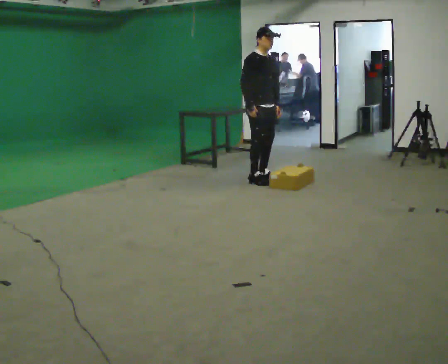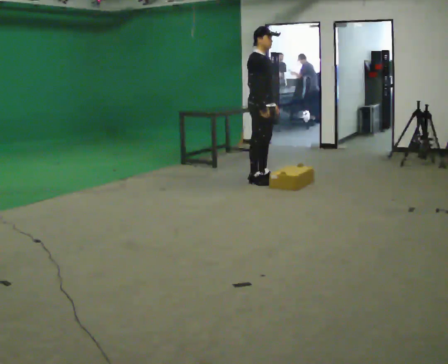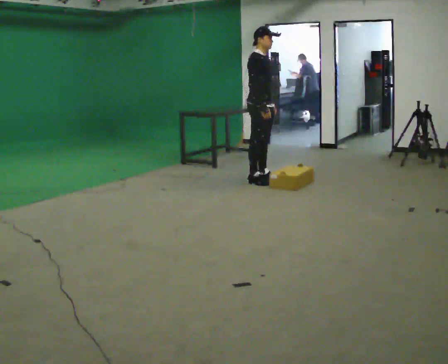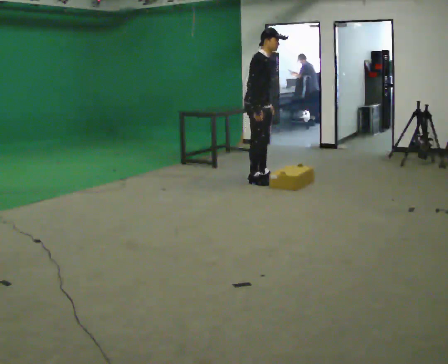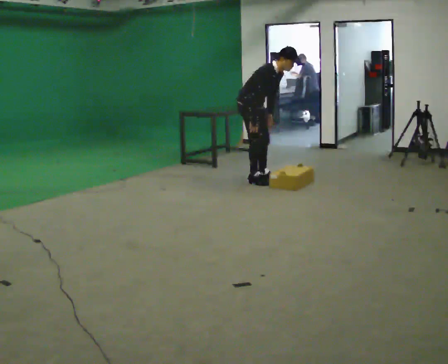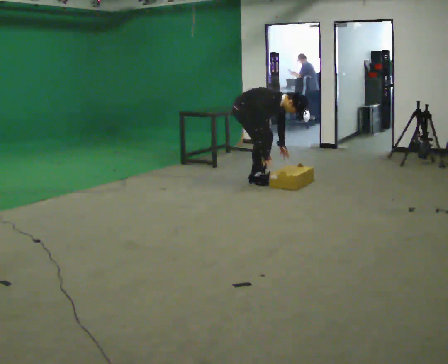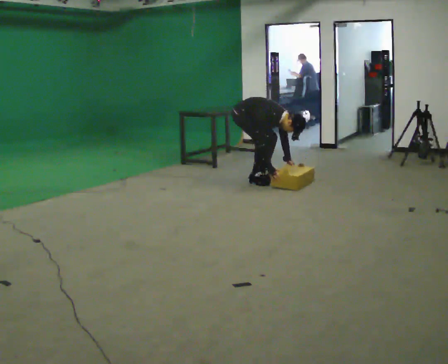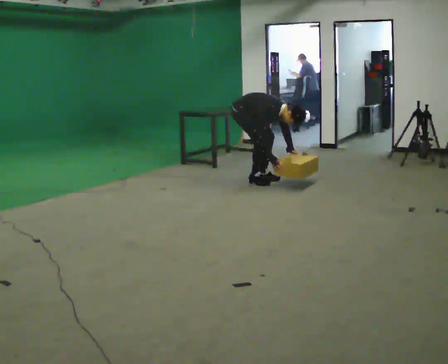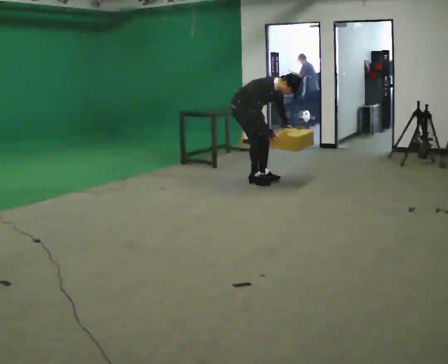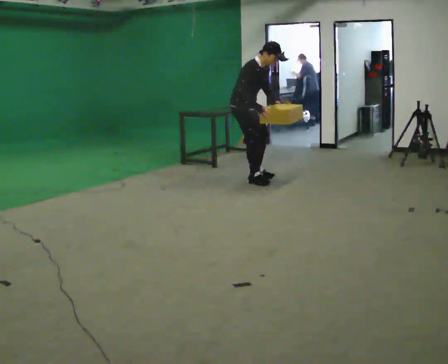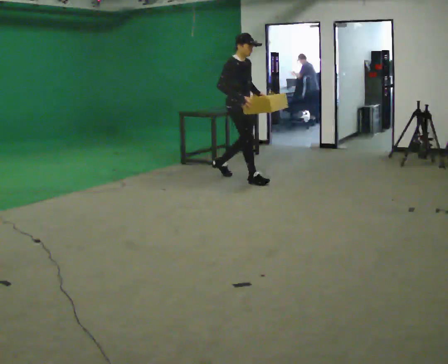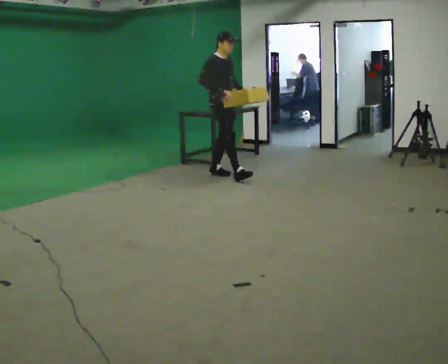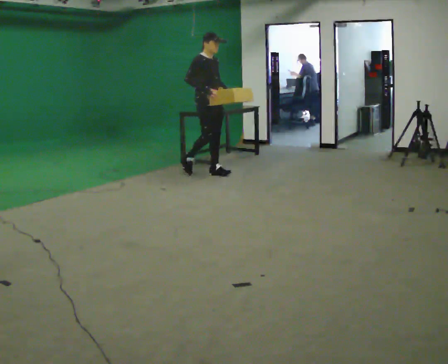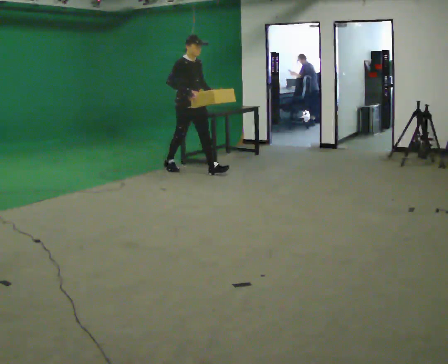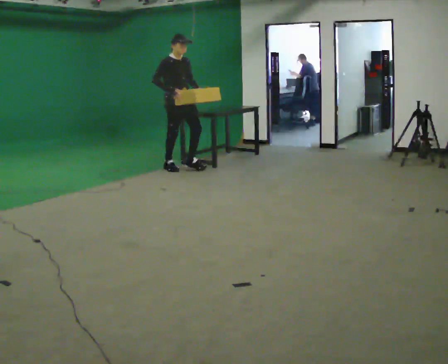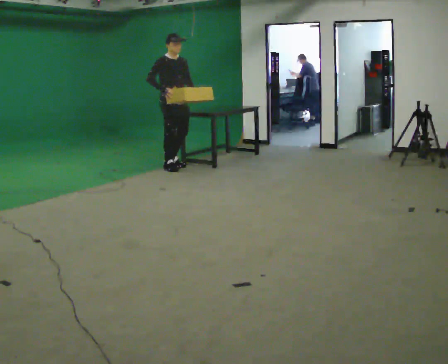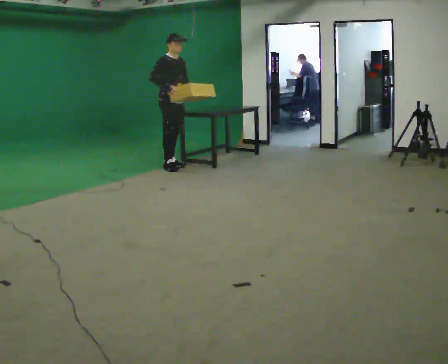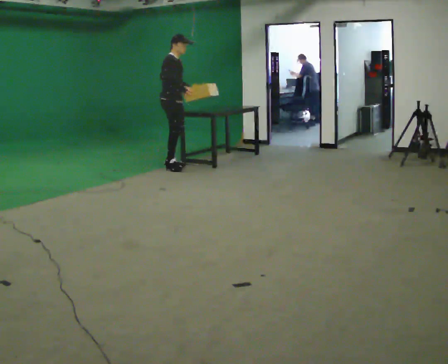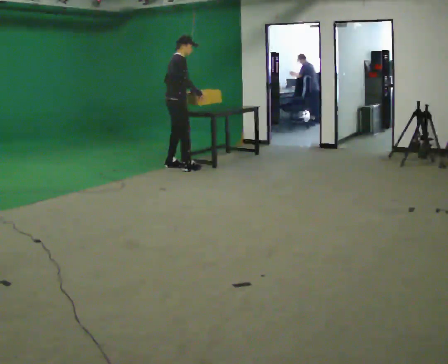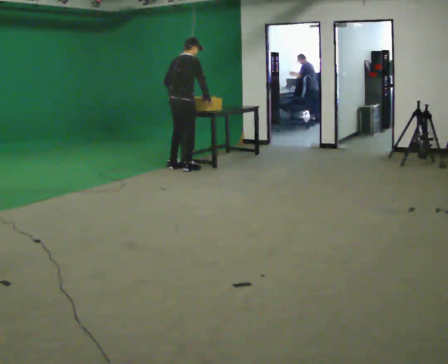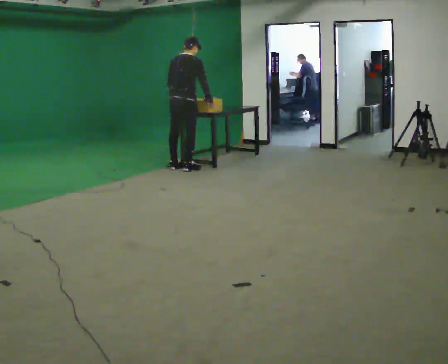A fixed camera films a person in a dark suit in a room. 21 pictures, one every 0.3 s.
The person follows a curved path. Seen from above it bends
clockwise.
0.0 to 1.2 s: In the picture the upper body tilts clockwise, shoulders to the right, as they bend forward.
1.2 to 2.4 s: The person moves a little, or ends about where they began.
2.4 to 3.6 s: In the picture they go to the left and away from the camera, about 0.5 m in 2 steps, which for them is backward. The shoulders move upward. In the picture the upper body tilts counterclockwise, shoulders to the left, as they lean back or straighten. In the picture their right hand goes upward.
3.6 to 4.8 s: In the picture they go to the left and away from the camera, about 0.5 m in 1 step, which for them is backward.
4.8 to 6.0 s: Seen from above the body turns counterclockwise, about 105 degrees: to their left, with its near side sliding to the right. In the picture they go to the right, about 0.25 m in 2 steps.
The film runs backward here.
